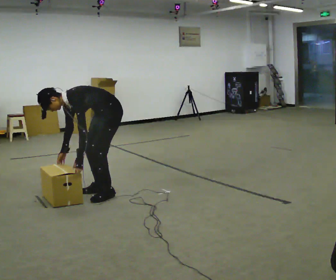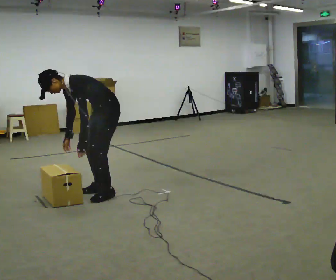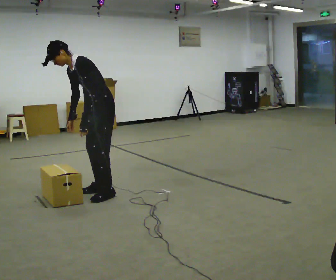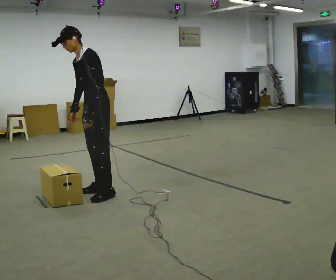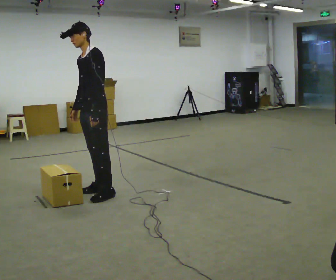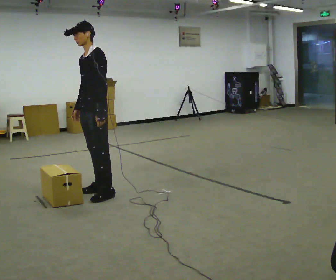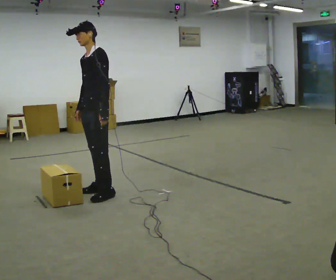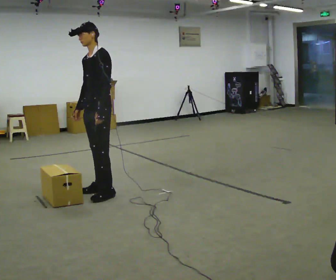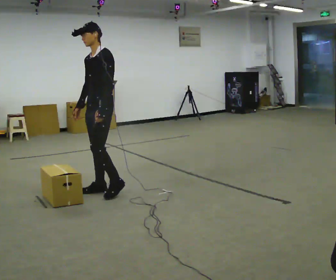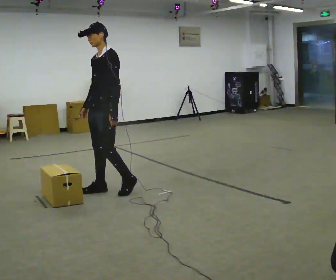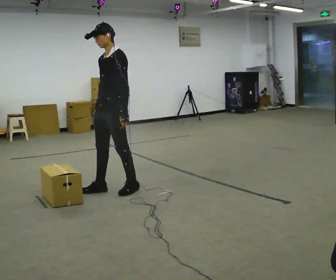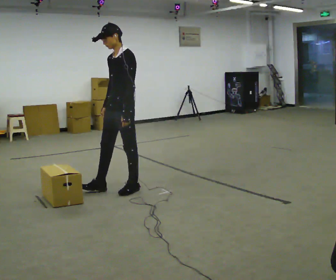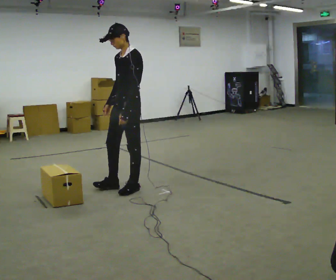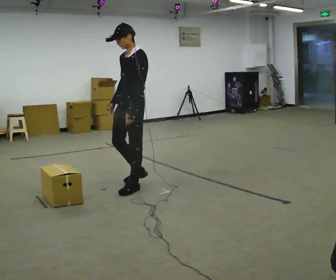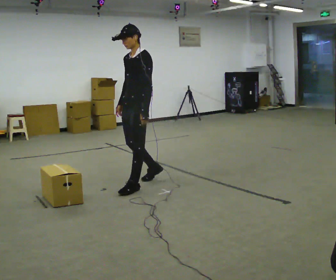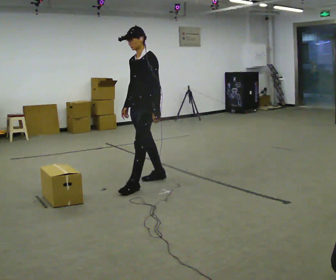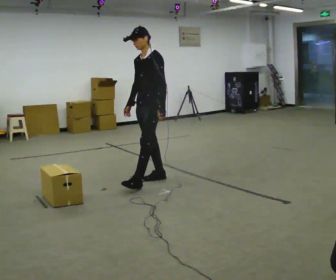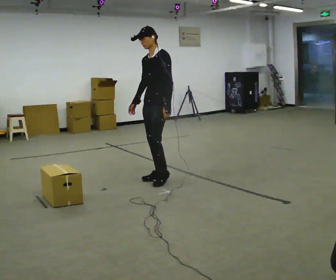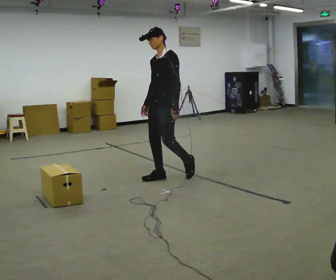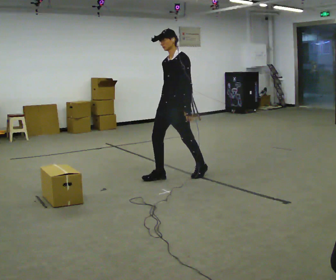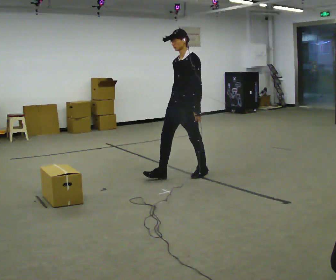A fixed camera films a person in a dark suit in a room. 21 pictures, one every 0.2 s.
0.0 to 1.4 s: The shoulders move upward. In the picture the upper body tilts clockwise, shoulders to the right, as they lean back or straighten. In the picture their right hand goes upward.
1.4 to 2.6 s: In the picture they go to the right, about 0.25 m in 2 steps, which for them is backward.
2.6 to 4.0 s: In the picture they go to the right and away from the camera, about 0.75 m in 1 step, which for them is backward.
The film runs backward here.
